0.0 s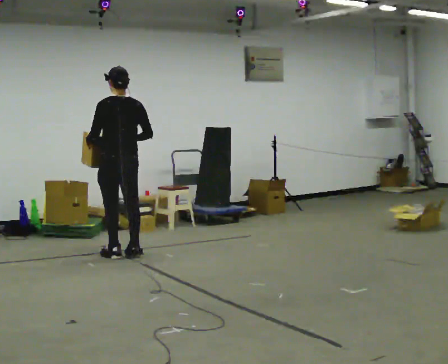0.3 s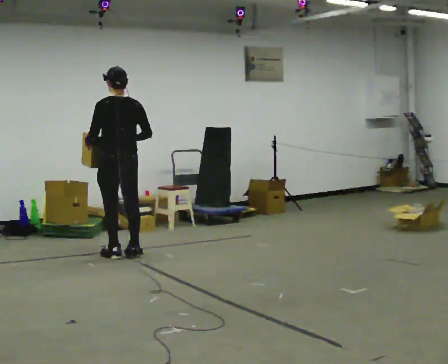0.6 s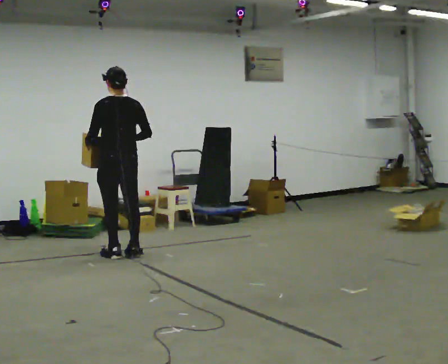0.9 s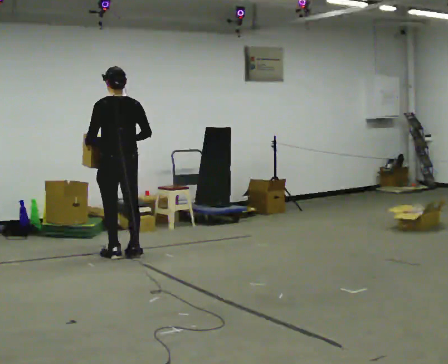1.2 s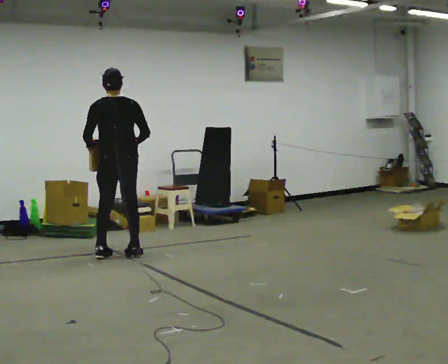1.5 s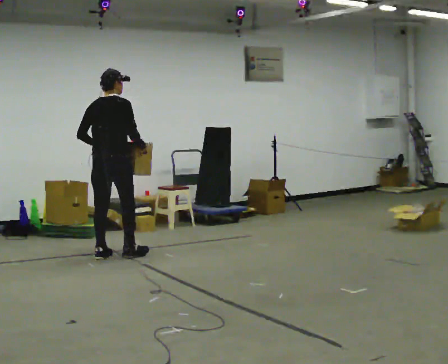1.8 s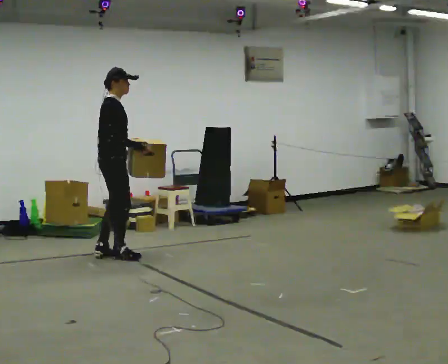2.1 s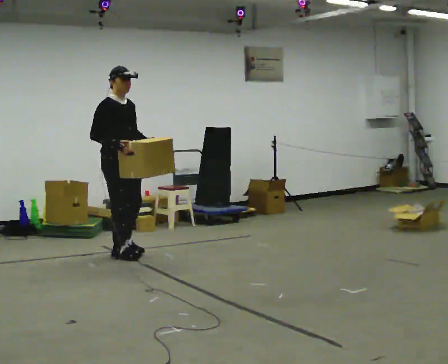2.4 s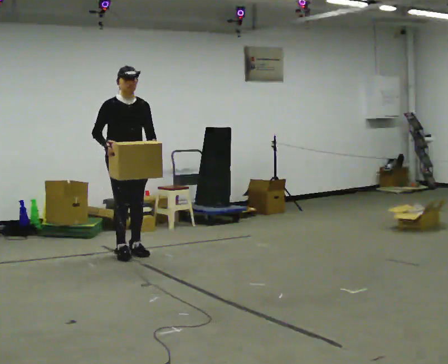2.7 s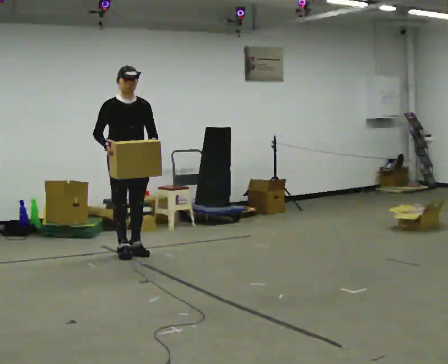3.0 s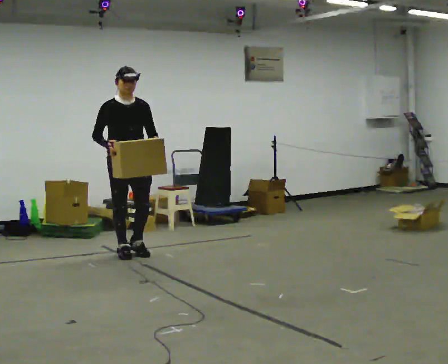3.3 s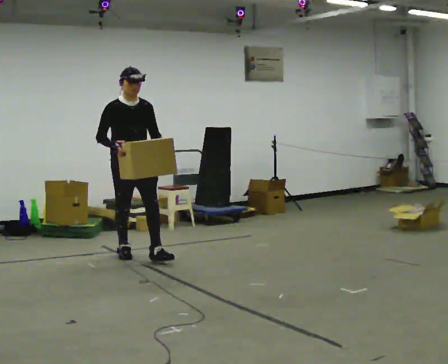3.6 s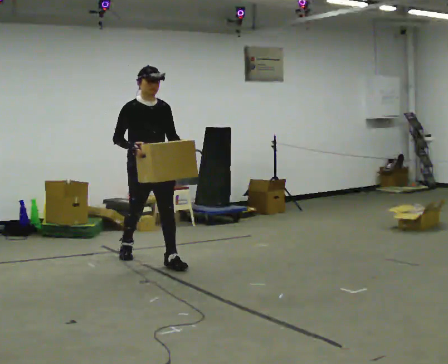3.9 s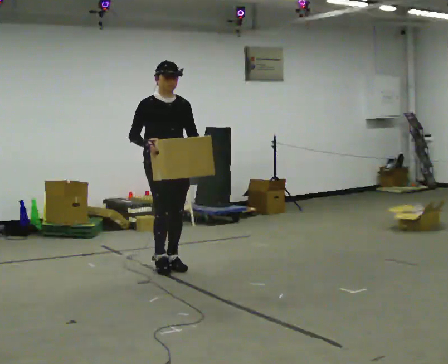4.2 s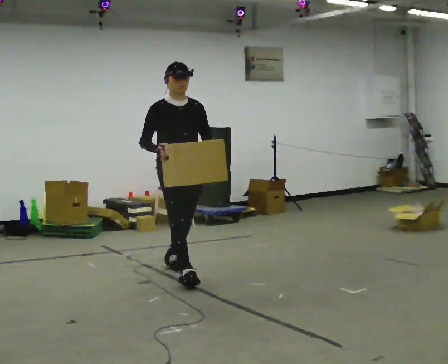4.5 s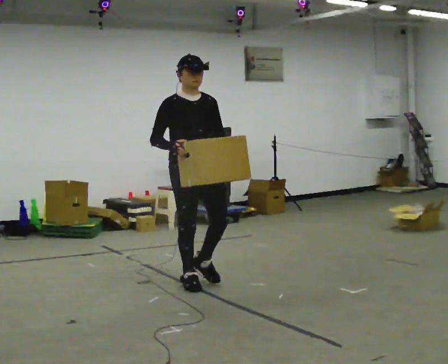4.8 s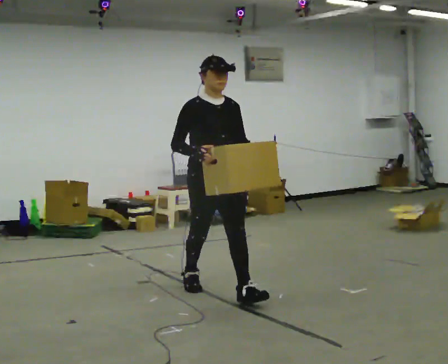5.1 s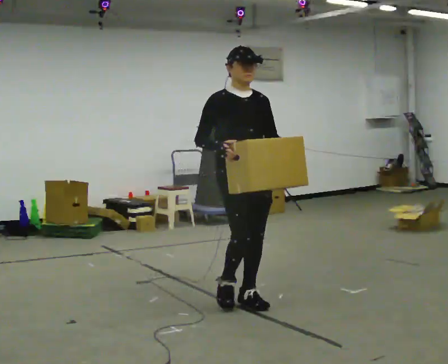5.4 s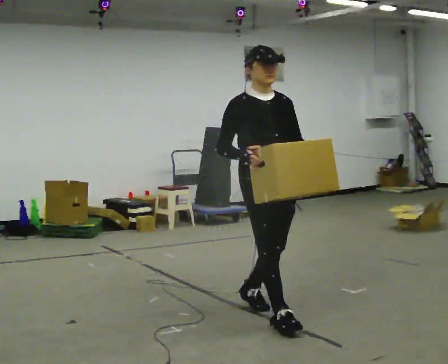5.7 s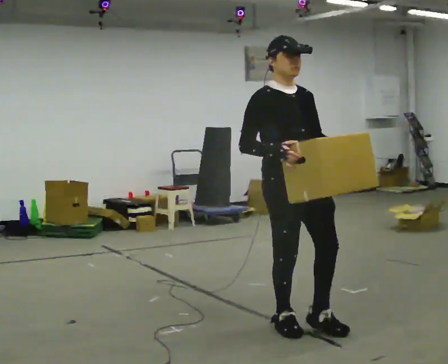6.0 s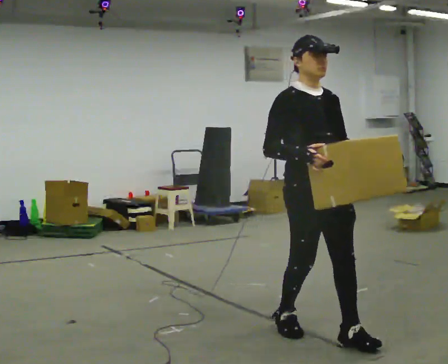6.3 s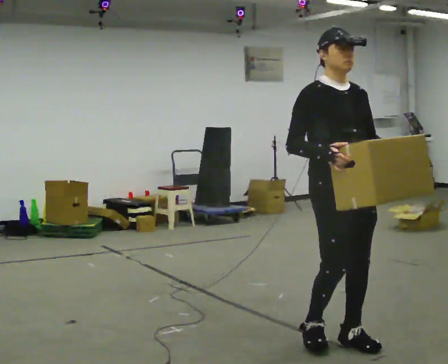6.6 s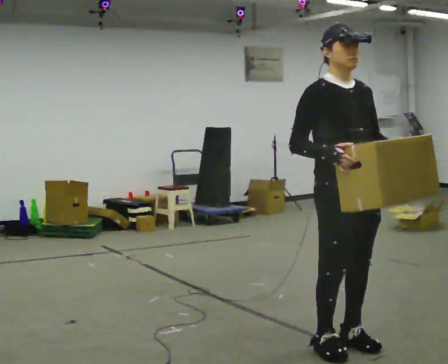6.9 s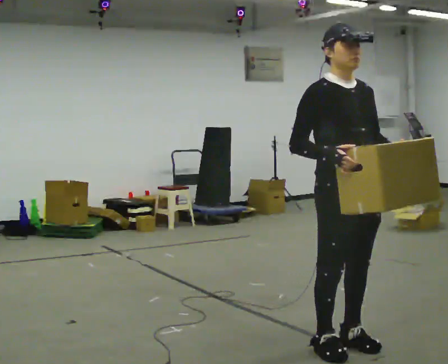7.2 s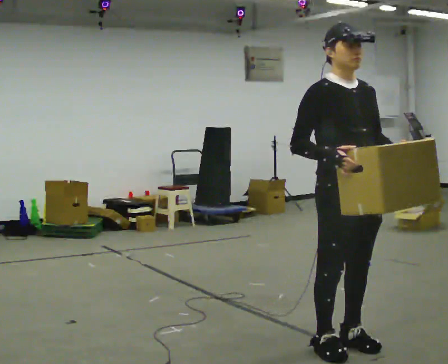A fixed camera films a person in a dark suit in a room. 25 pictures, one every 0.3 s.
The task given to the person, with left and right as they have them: Carry the box across the room as briskly as you comfortably can, back and forth. Do not run.
0.0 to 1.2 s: The person moves a little, or ends about where they began.
1.2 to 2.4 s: Seen from above the body turns clockwise, about 150 degrees: to their right, with its near side sliding to the left.
2.4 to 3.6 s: In the picture they go toward the camera and to the right, about 0.5 m in 1 step, which for them is forward.
3.6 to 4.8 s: In the picture they go toward the camera and to the right, about 1 m in 1 step, which for them is forward.
4.8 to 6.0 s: In the picture they go toward the camera and to the right, about 1 m in 3 steps, which for them is forward.
6.0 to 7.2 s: In the picture they go toward the camera, about 0.25 m in 1 step, which for them is forward.
The film runs forward here.
